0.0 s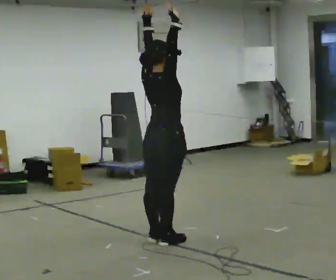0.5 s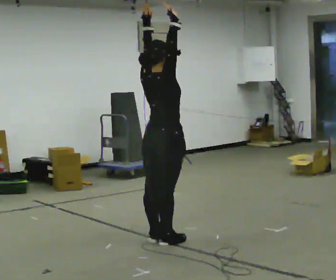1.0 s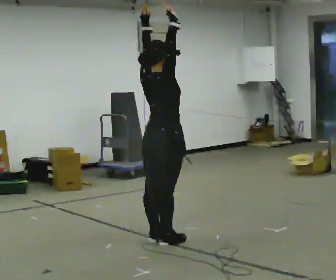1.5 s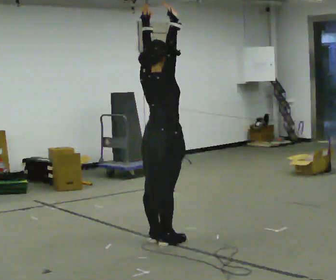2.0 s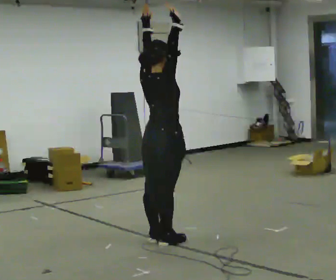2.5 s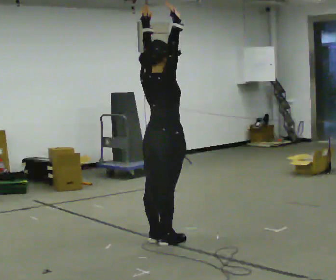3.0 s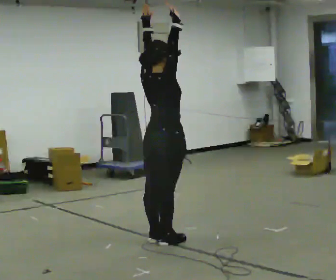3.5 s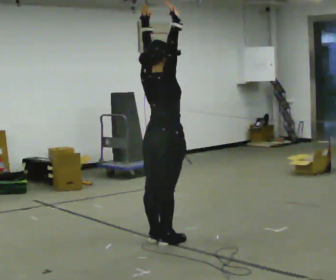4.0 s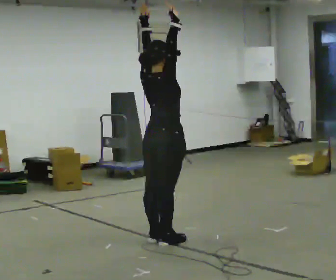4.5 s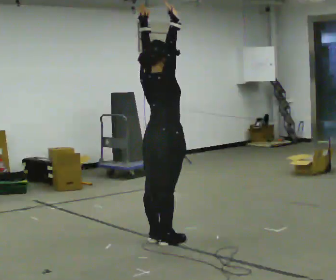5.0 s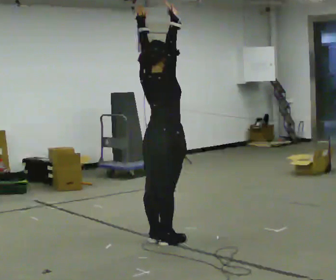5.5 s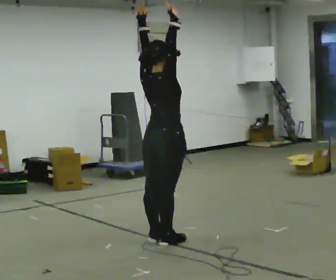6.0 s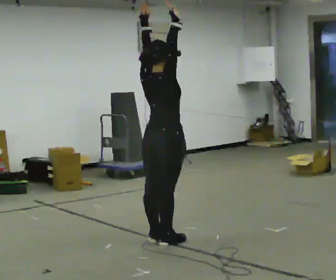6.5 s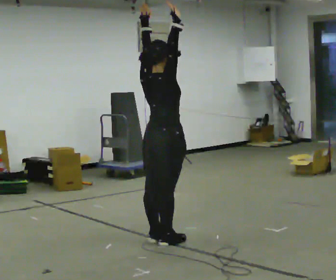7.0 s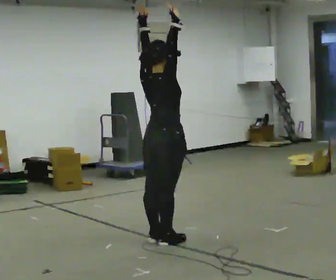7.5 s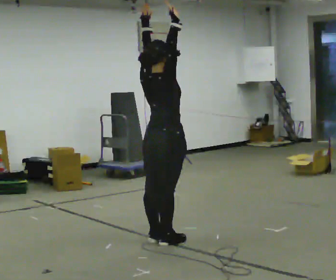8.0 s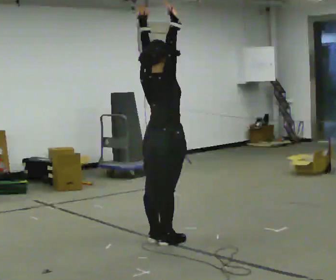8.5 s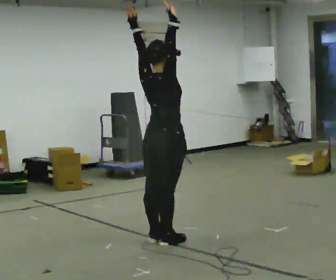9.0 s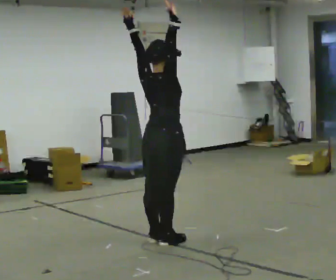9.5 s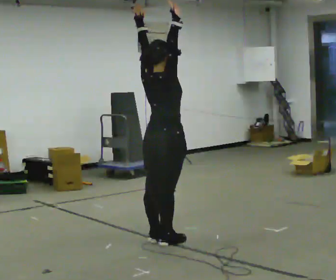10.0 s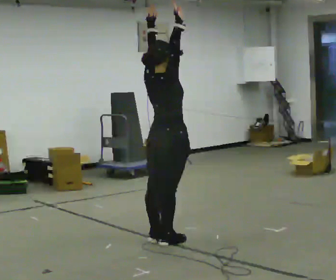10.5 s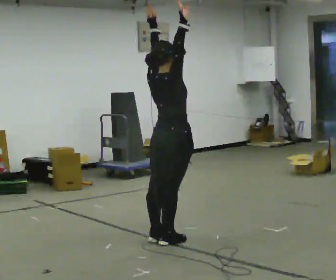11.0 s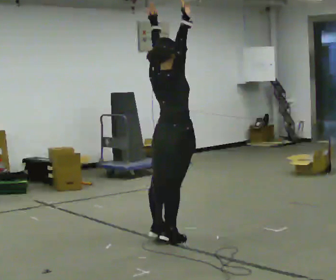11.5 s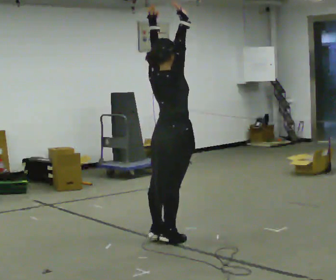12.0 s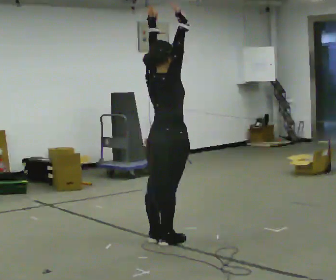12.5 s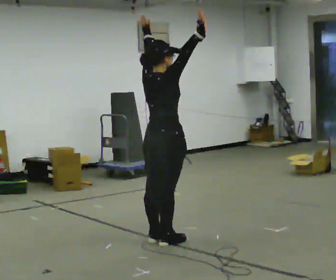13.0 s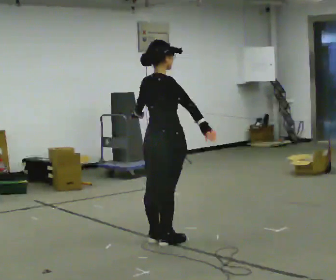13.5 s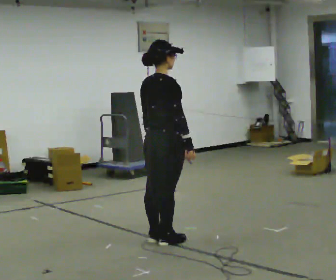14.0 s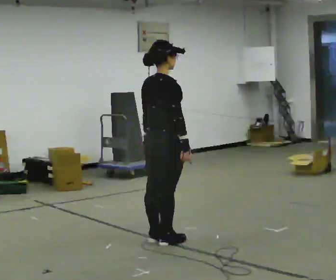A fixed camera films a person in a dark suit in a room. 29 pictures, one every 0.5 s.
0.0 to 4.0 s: The person keeps their place and pose.
4.0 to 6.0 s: The person moves a little, or ends about where they began.
6.0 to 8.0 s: The person keeps their place and pose.
8.0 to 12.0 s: The person moves a little, or ends about where they began.
12.0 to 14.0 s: In the picture their right hand goes downward, the arm swinging clockwise.
The film runs backward here.
